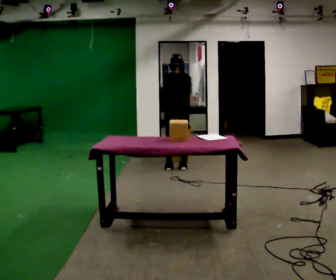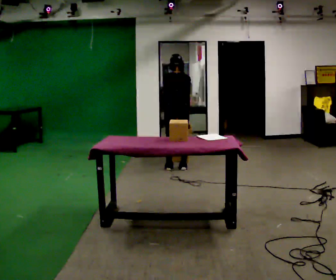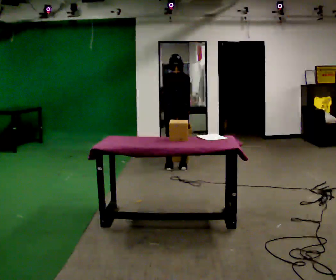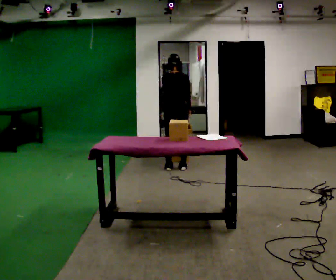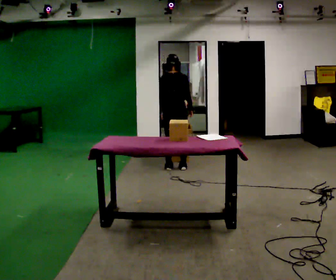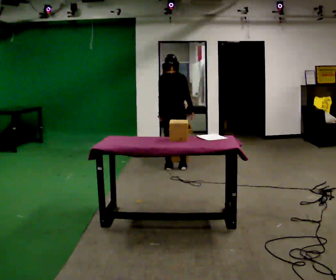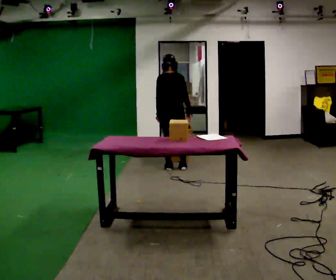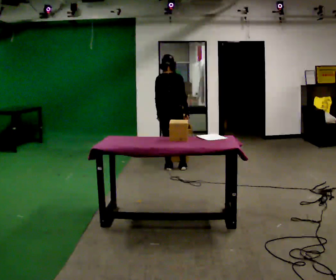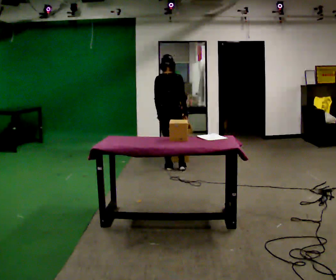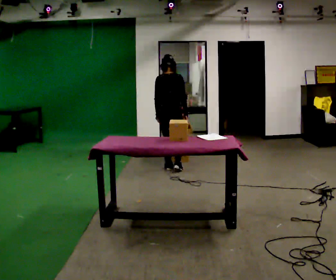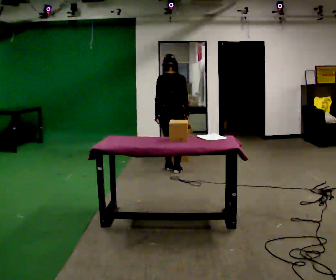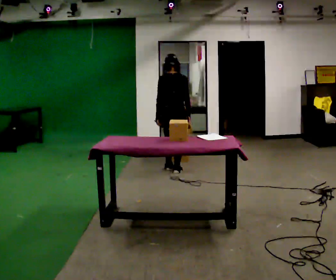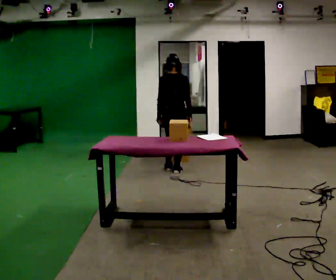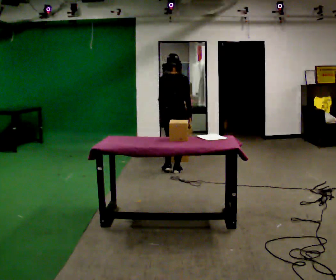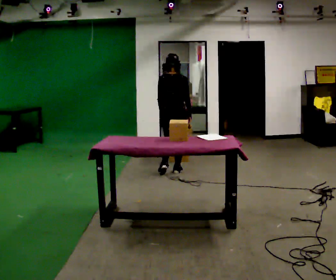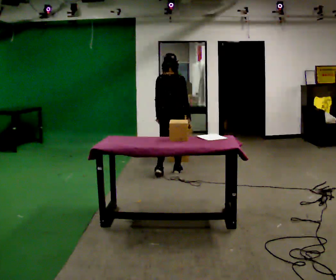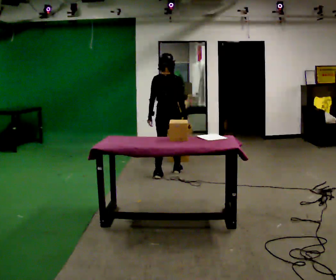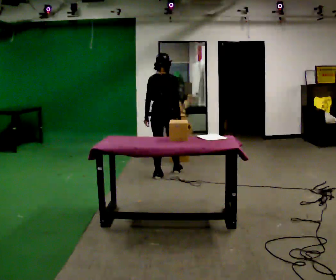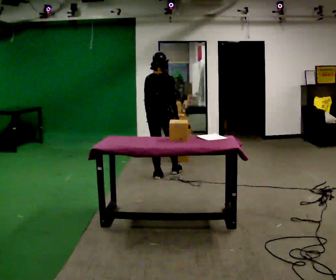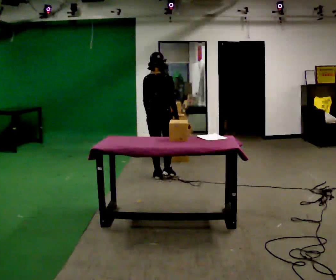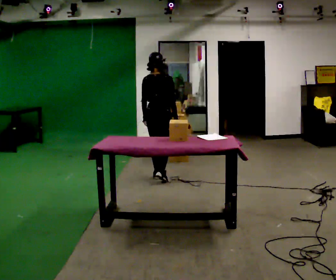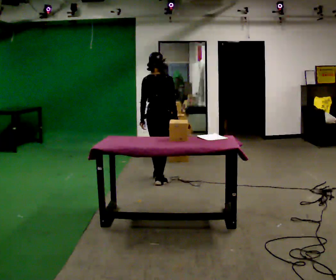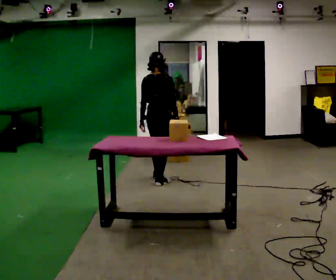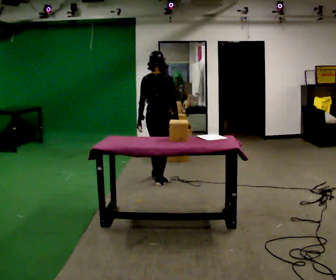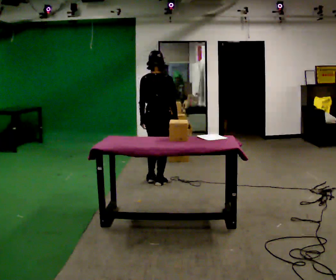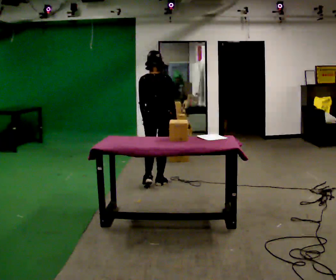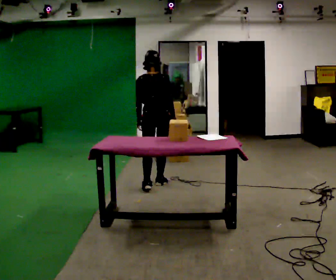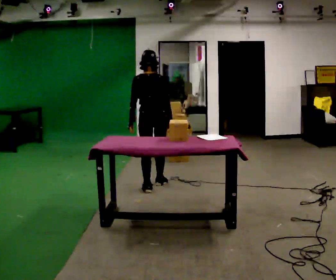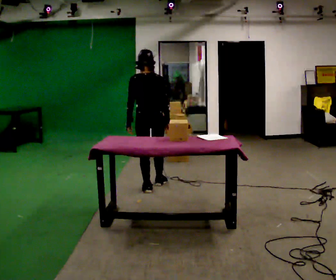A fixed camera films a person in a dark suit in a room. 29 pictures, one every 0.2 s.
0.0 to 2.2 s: In the picture they go toward the camera, about 0.25 m in 1 step, which for them is backward.
2.2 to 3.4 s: In the picture they go toward the camera, about 0.25 m in 1 step, which for them is backward.
3.4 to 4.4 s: In the picture they go toward the camera, about 0.25 m in 1 step, which for them is backward.
4.4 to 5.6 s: In the picture they go toward the camera, about 0.25 m in 1 step, which for them is backward.
The film runs backward here.
